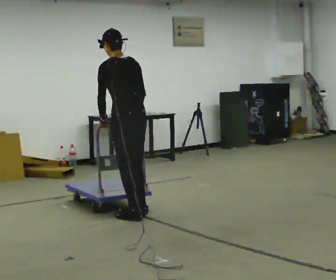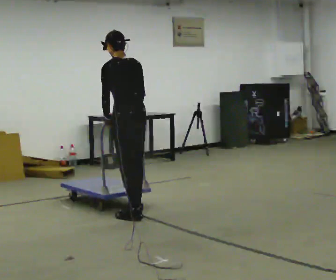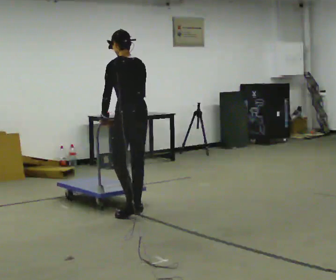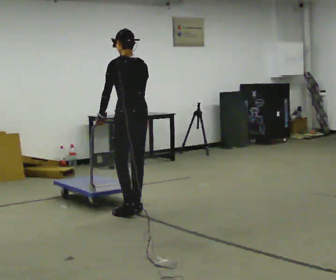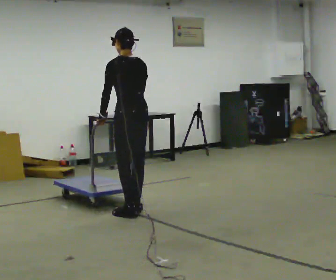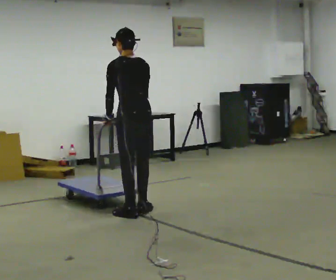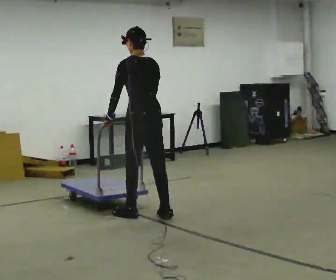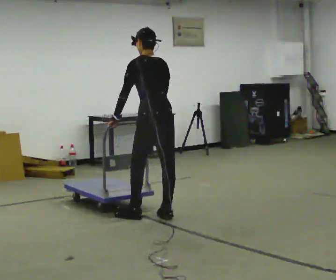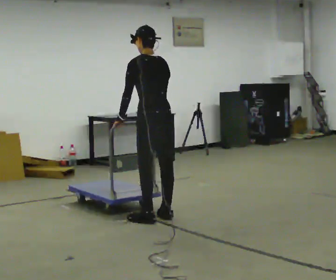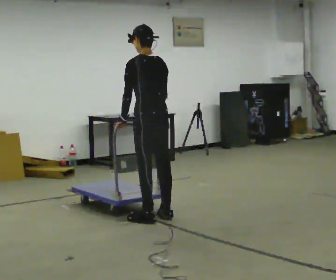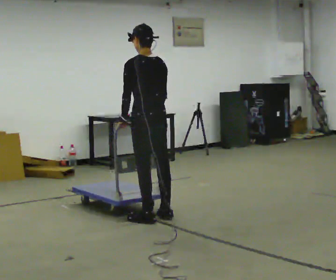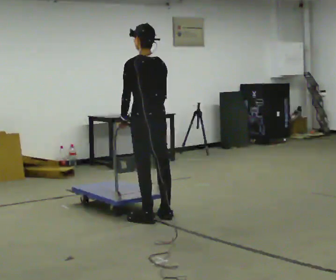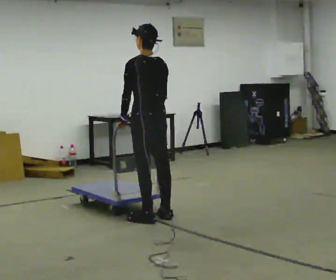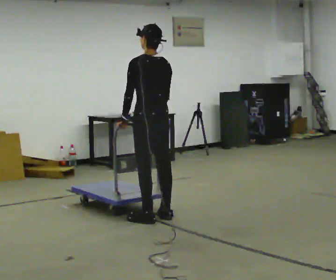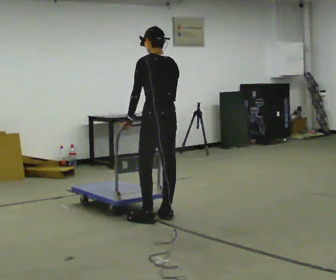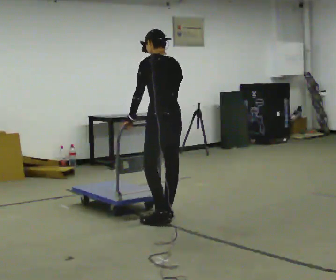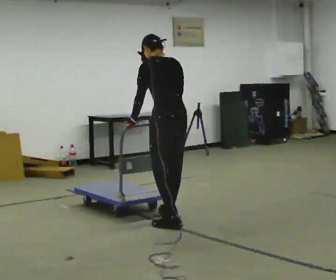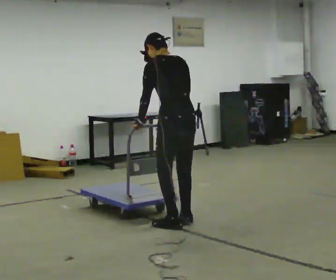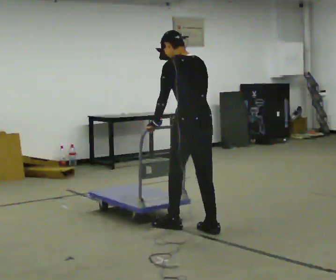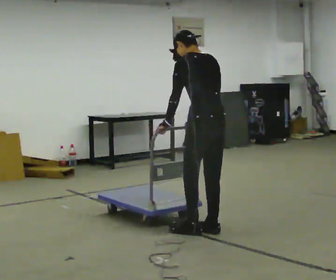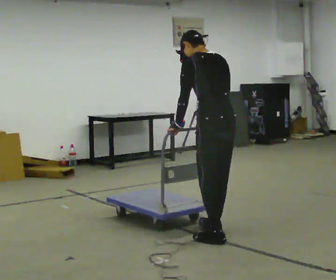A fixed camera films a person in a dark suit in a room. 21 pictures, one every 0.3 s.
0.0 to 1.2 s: The person moves a little, or ends about where they began.
1.2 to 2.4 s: In the picture they go to the right and toward the camera, about 0.25 m in 2 steps, which for them is backward.
2.4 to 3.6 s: The person moves a little, or ends about where they began.
3.6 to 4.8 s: In the picture they go toward the camera and to the right, about 0.25 m in 1 step, which for them is backward.
4.8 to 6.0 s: In the picture they go toward the camera and to the right, about 0.5 m in 2 steps, which for them is backward.
The film runs forward here.
